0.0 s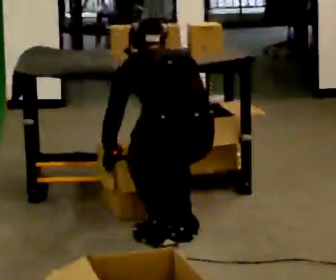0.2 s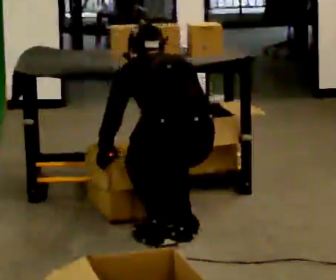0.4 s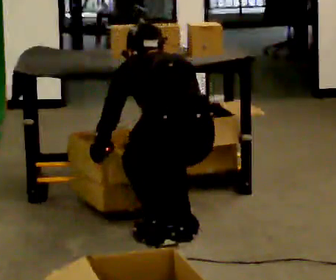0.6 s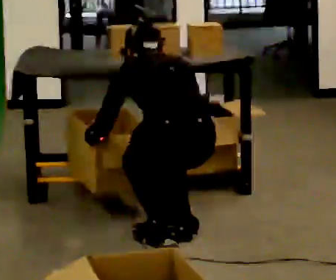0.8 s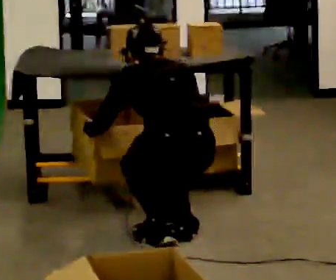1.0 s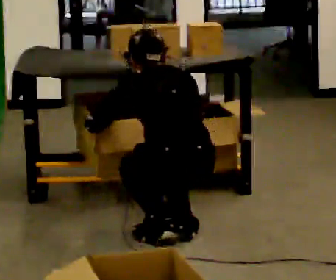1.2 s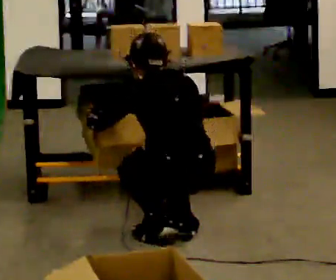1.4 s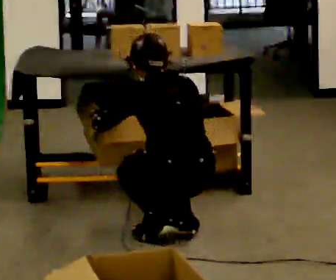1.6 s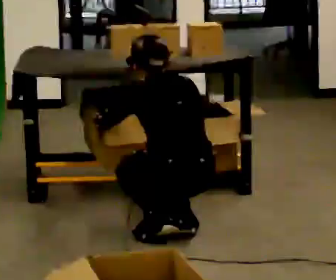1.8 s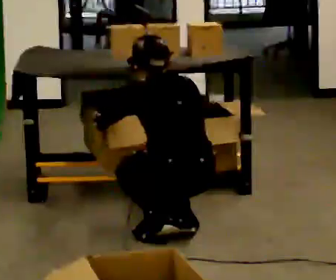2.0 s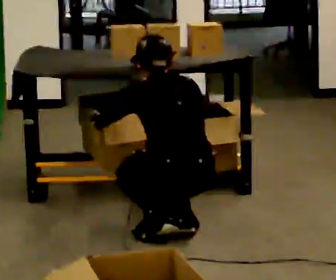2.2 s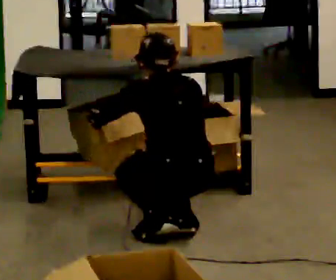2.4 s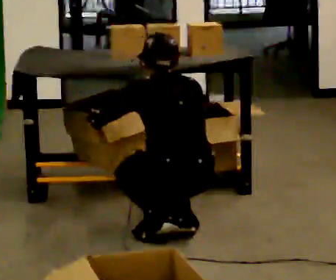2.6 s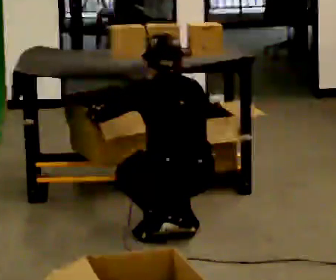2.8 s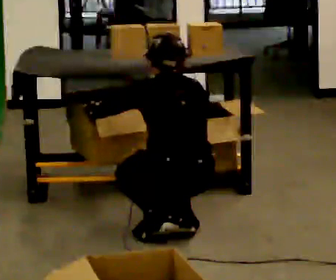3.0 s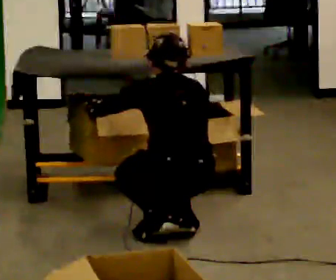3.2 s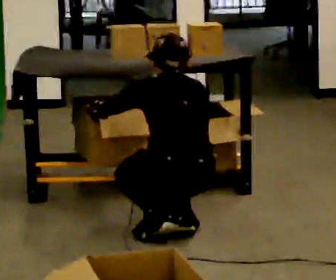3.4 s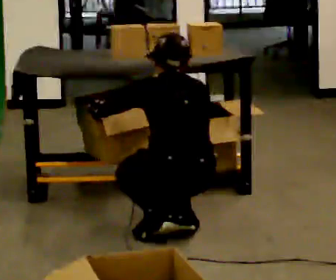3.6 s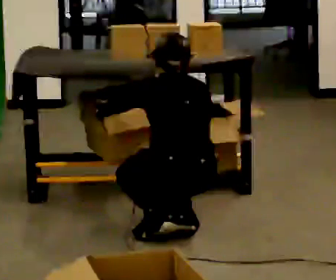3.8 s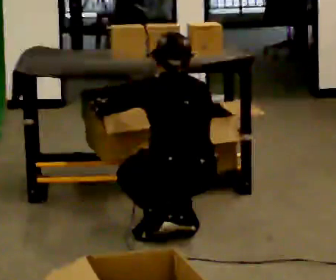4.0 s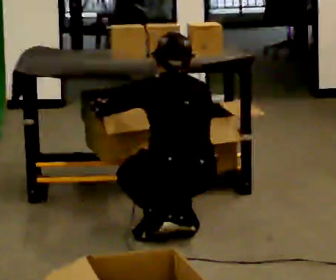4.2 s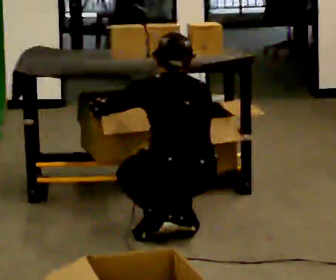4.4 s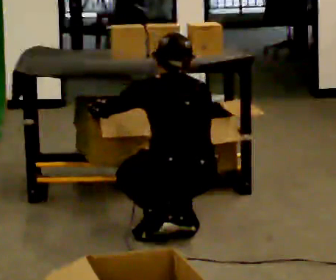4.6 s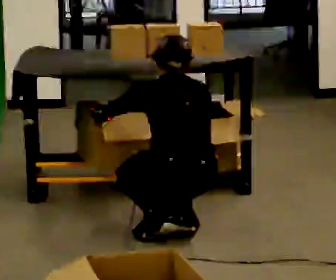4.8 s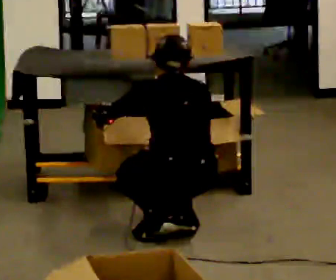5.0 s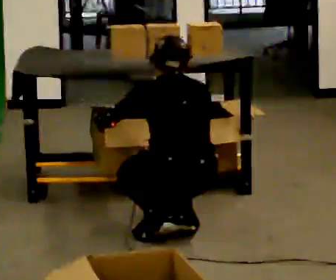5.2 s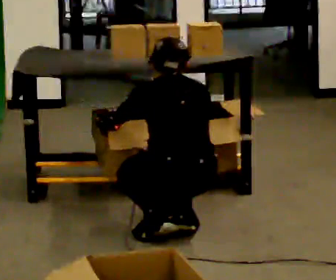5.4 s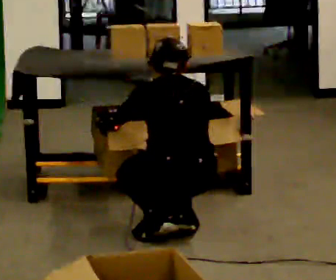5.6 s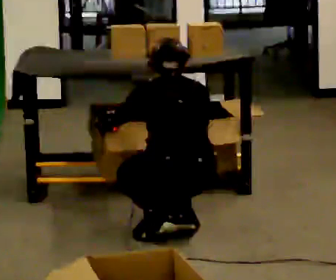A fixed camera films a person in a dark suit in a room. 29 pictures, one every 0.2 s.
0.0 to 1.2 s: The upper body tips toward the camera, its near side rolling downward, as they lean back or straighten.
1.2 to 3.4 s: The person moves a little, or ends about where they began.
3.4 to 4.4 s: The person keeps their place and pose.
4.4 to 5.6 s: The person moves a little, or ends about where they began.
The film runs forward here.
